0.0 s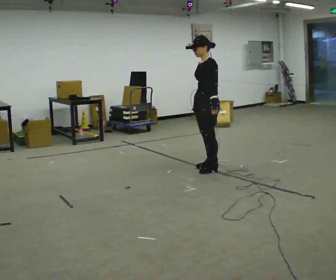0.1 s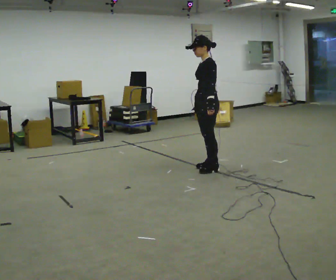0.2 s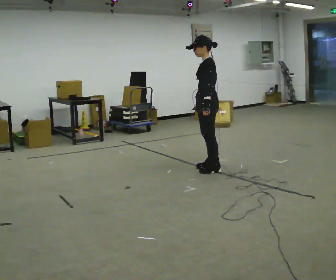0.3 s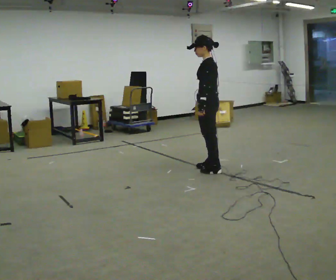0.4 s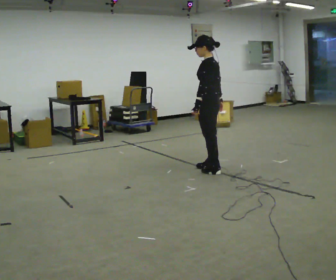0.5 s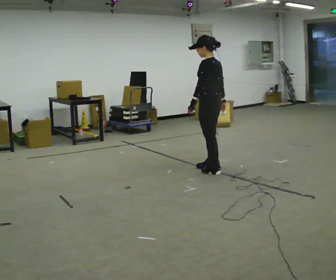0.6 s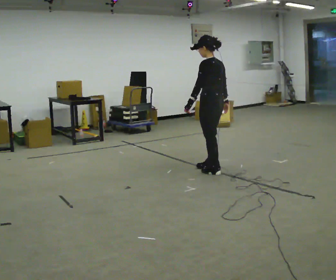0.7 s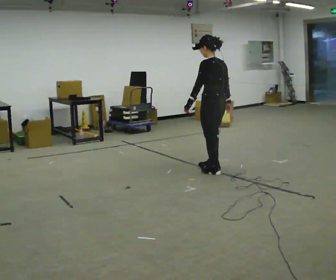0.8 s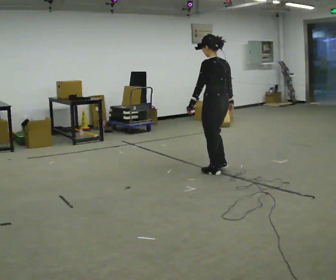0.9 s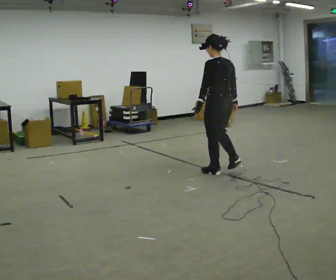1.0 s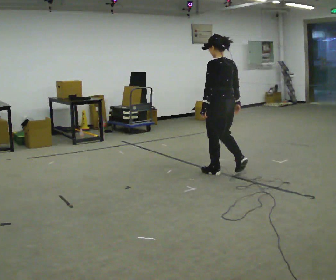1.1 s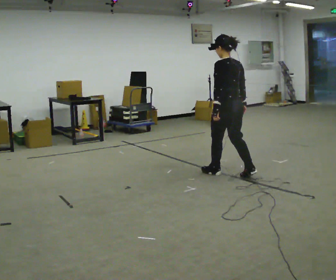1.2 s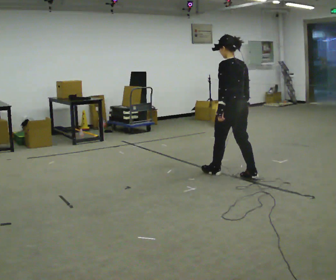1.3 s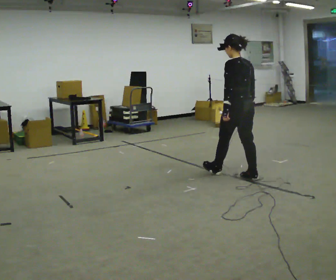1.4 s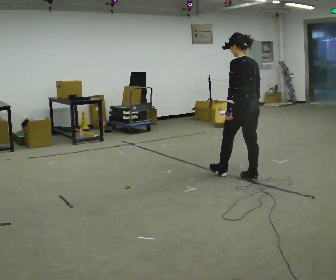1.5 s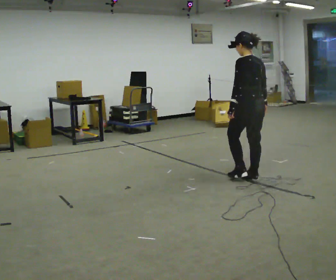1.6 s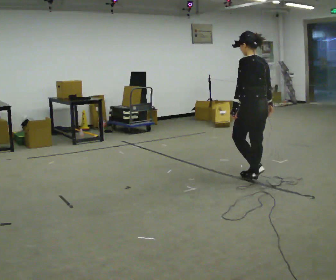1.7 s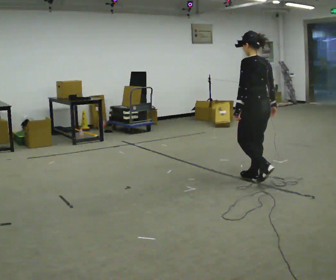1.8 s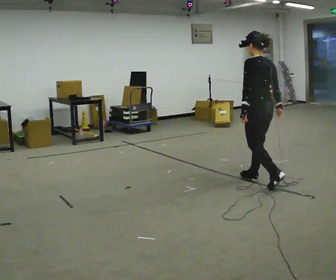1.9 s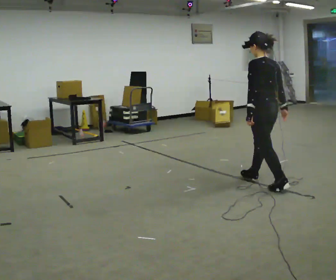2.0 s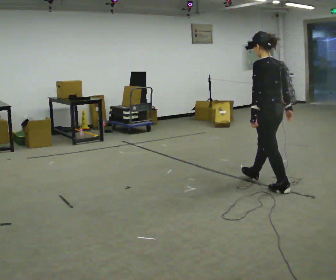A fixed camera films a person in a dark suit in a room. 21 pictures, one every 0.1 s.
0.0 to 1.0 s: Seen from above the body turns clockwise, about 75 degrees: to their right, with its near side sliding to the left. In the picture they go toward the camera, about 0.25 m in 2 steps.
1.0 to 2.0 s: In the picture they go toward the camera and to the right, about 0.75 m in 1 step, which for them is backward.
The film runs backward here.
